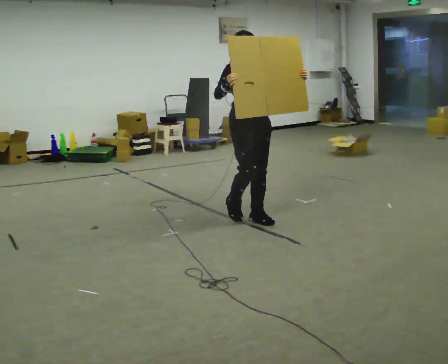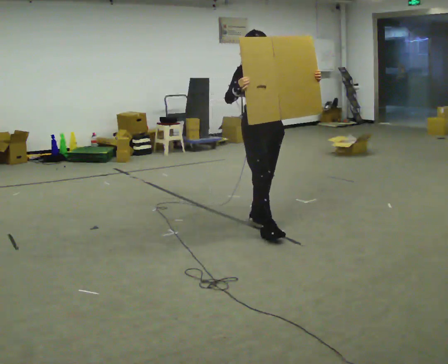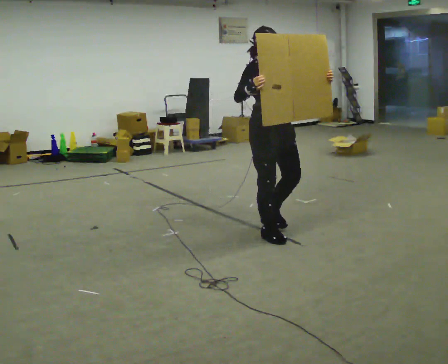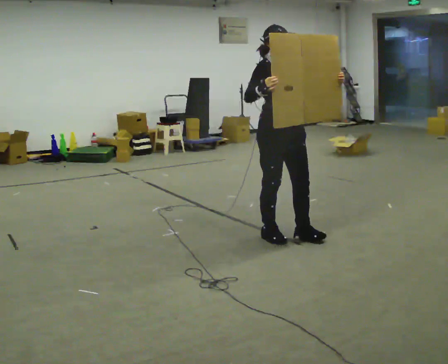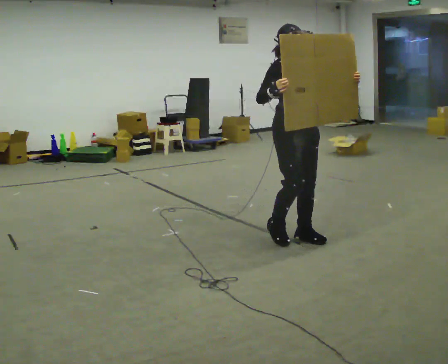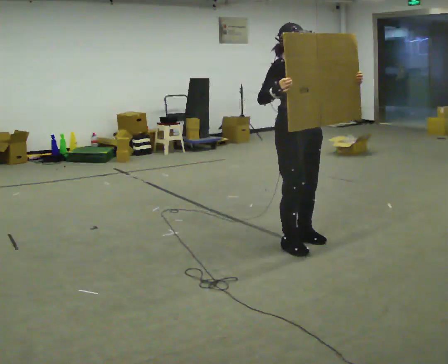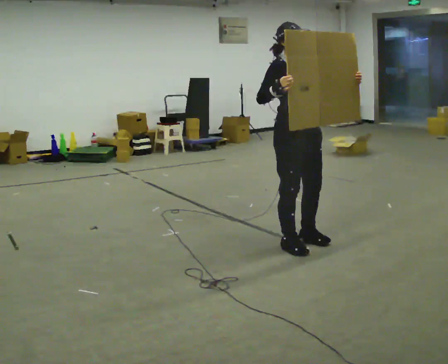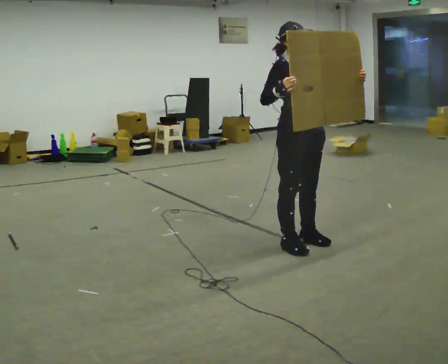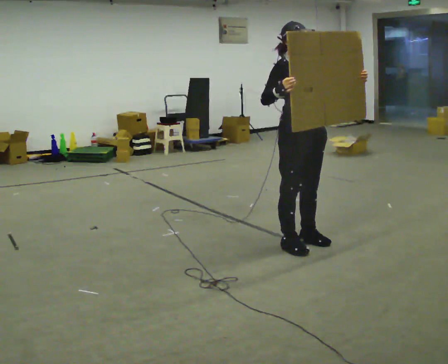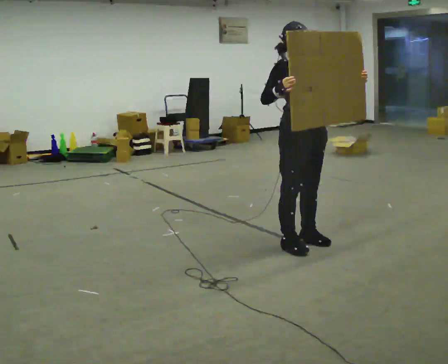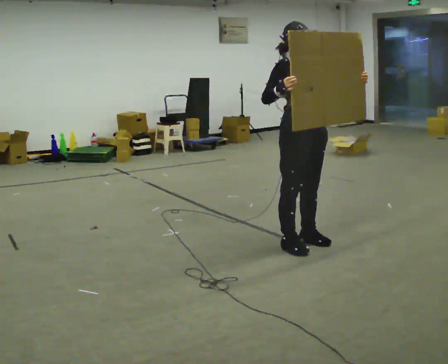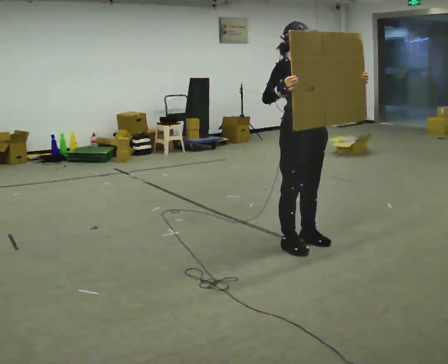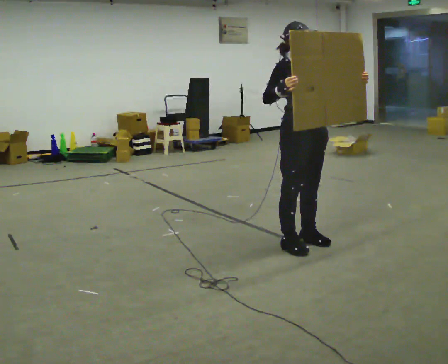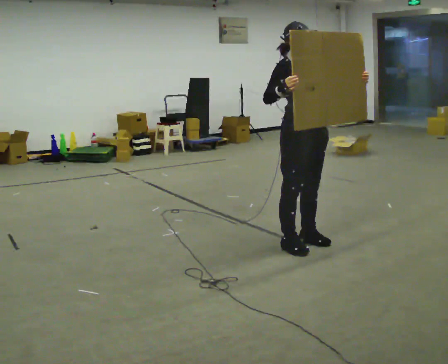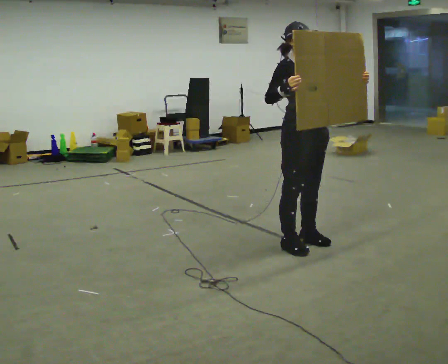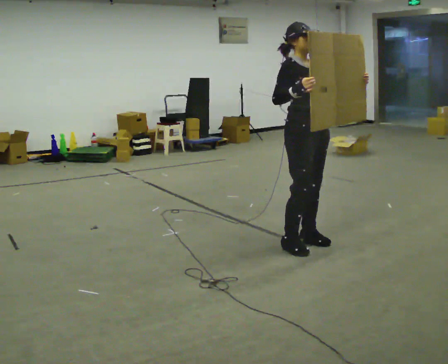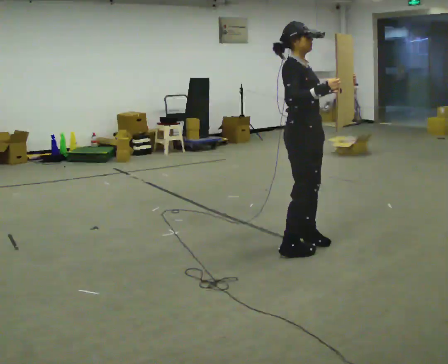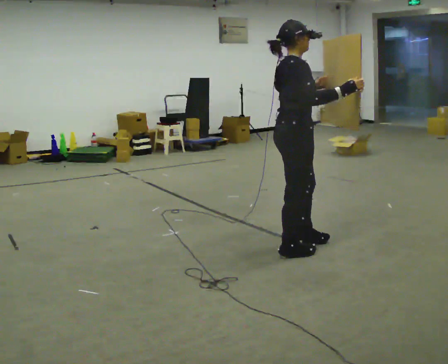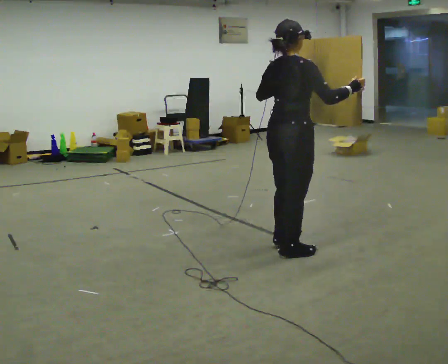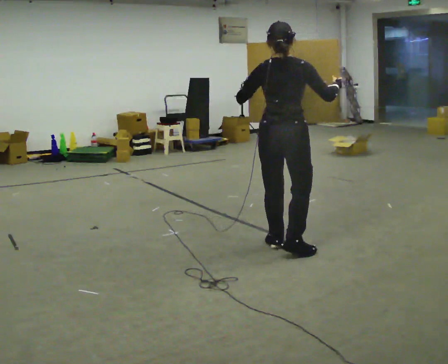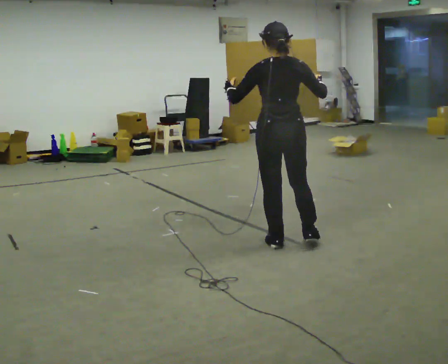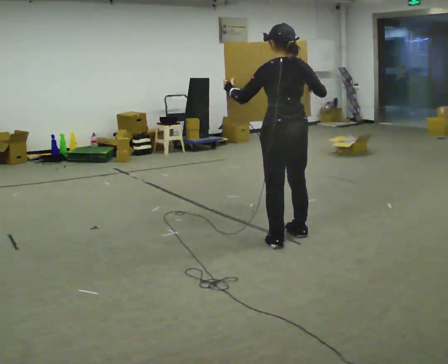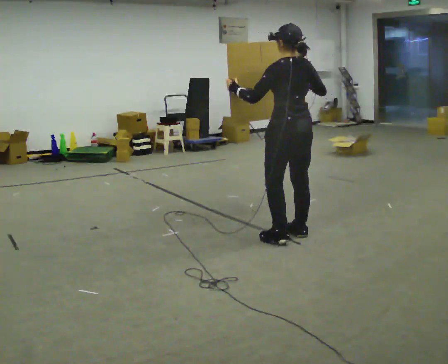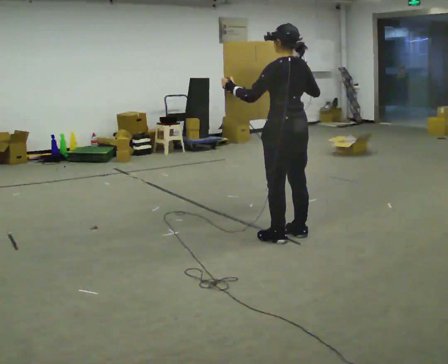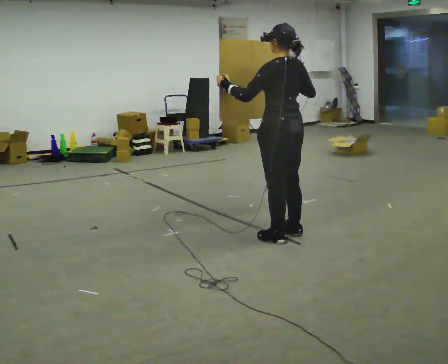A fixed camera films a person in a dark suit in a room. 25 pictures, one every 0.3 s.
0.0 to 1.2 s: In the picture they go toward the camera and to the right, about 0.5 m in 2 steps, which for them is forward.
1.2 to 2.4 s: The person moves a little, or ends about where they began.
2.4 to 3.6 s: The person keeps their place and pose.
3.6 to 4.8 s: The person turns about 30 degrees to their left, counterclockwise seen from above, so the part of the body nearest the lens slides to the right.
4.8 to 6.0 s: The person turns about 120 degrees to their left, counterclockwise seen from above, so the part of the body nearest the lens slides to the right. In the picture their left hand goes to the left.
6.0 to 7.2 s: The part of the body nearest the lens slides to the right as the person turns to their left by about 30 degrees.
The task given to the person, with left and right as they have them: Carry the large panel across the room. It will block your view ahead, so take whatever route feels safe. Keep going until the operator says stop; one object at a time, and do not rush between trips.
The film runs forward here.
